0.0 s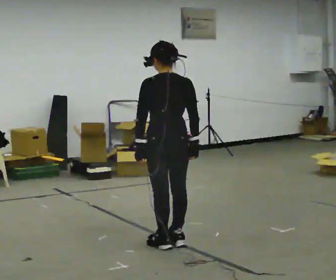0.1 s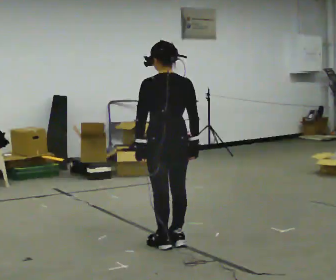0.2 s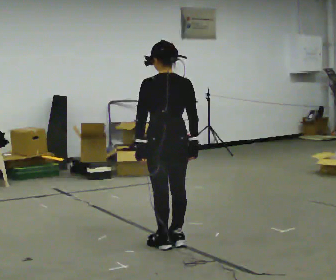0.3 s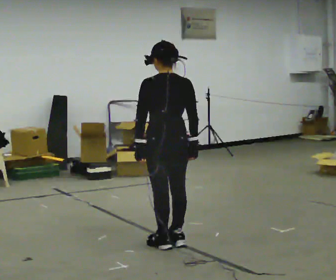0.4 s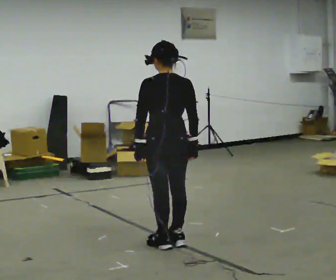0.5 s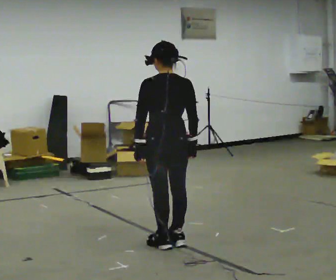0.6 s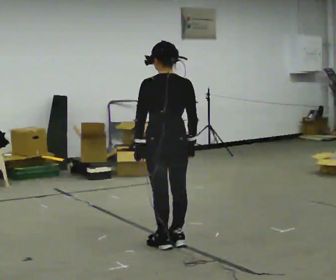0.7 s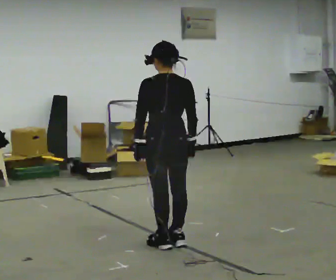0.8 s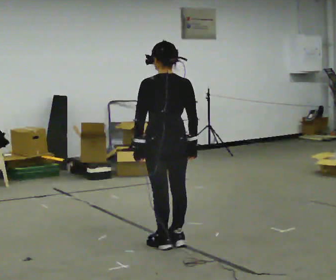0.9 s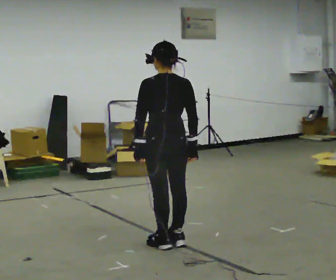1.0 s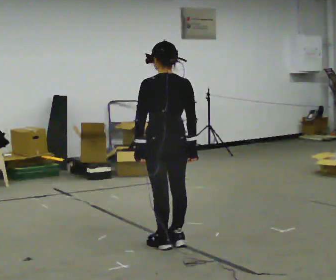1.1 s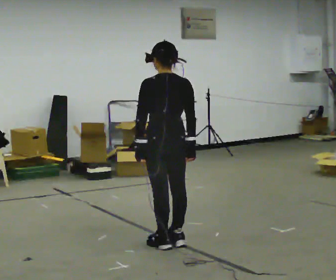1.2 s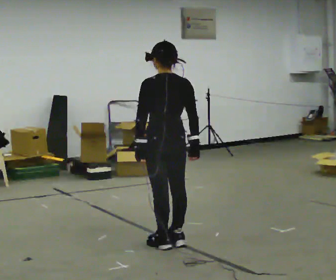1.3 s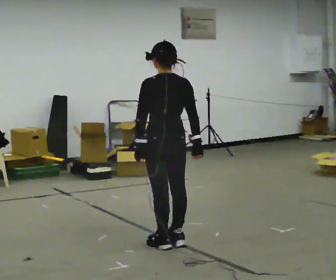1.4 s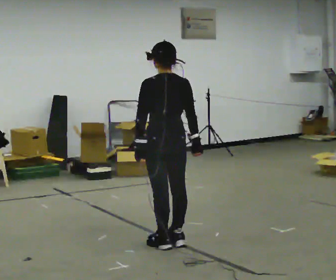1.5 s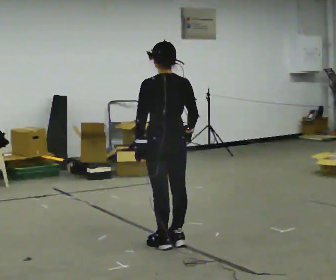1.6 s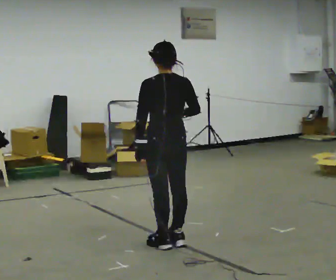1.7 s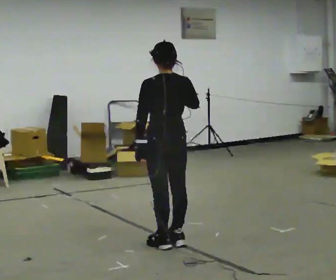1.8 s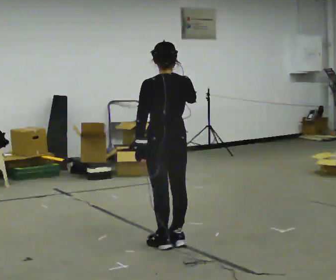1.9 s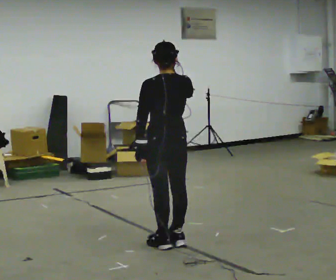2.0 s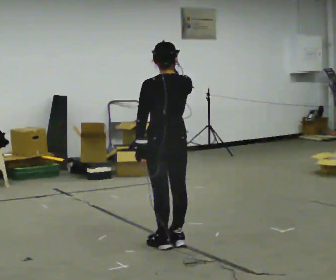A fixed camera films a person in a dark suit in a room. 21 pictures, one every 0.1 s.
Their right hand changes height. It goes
upward.
0.0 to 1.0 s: The person moves a little, or ends about where they began.
1.0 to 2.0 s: In the picture their right hand goes upward.
The film runs backward here.
